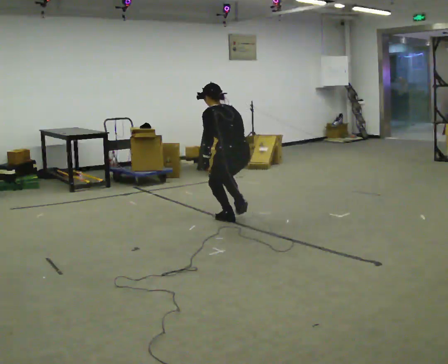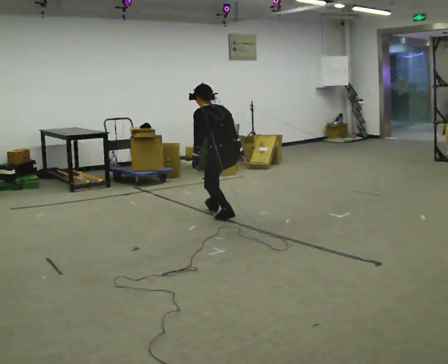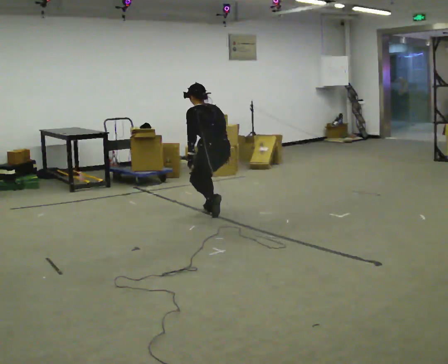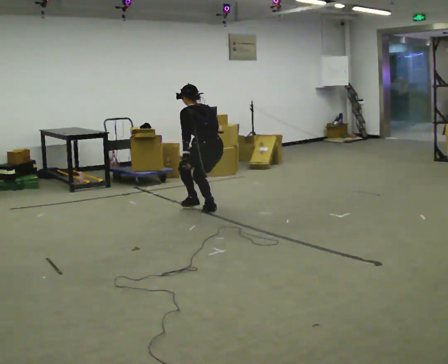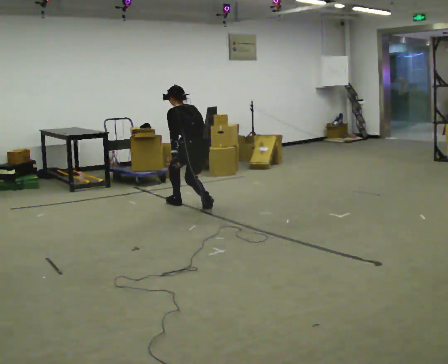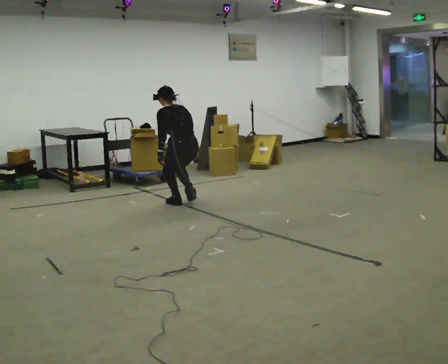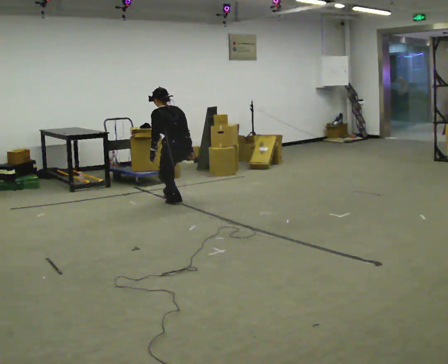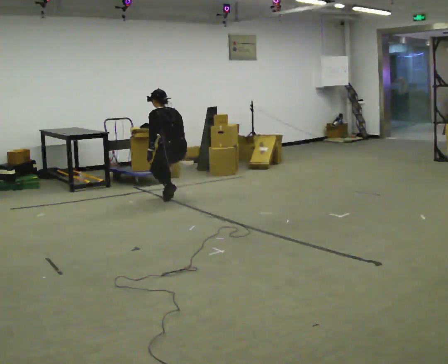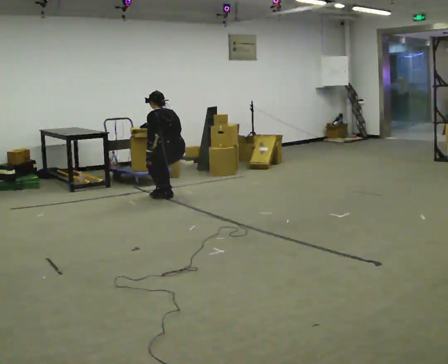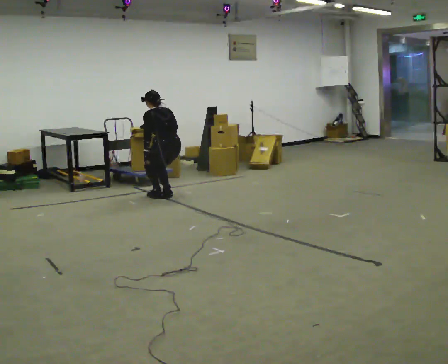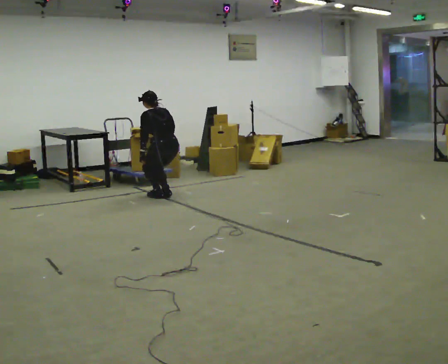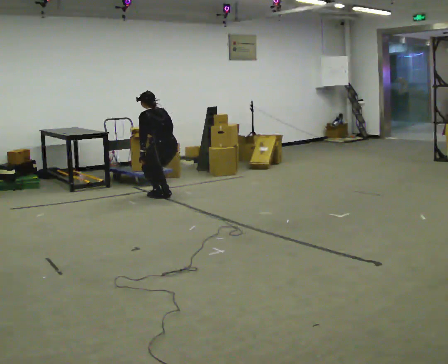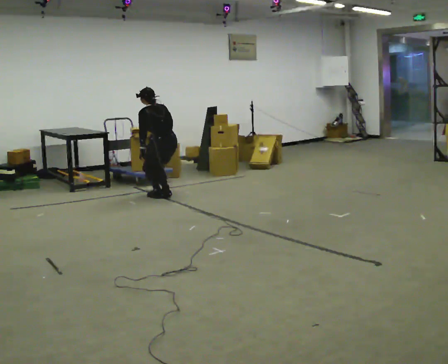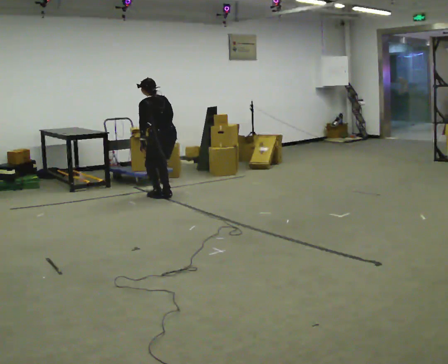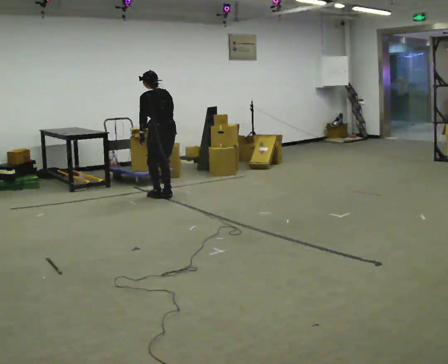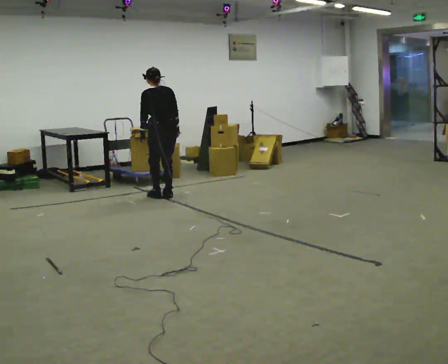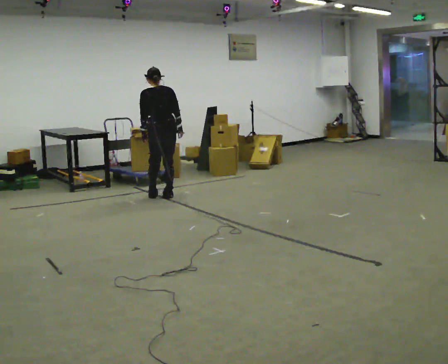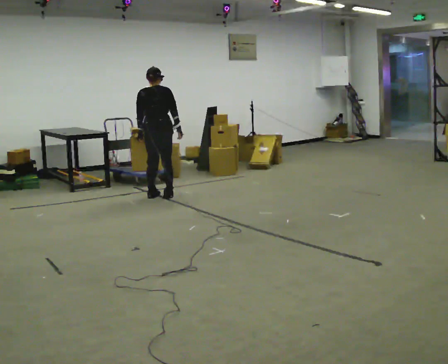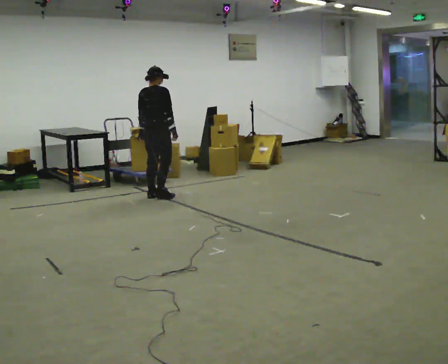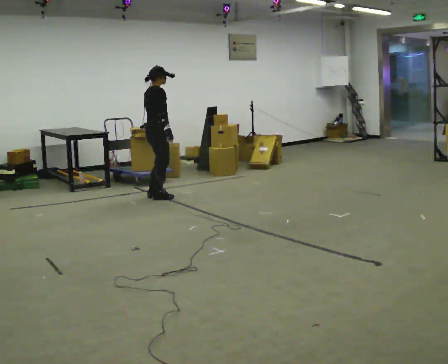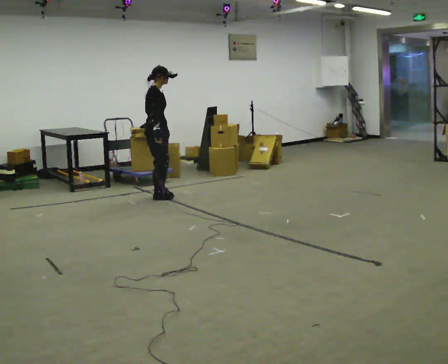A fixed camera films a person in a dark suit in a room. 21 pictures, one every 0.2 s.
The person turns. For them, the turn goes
to their right.
The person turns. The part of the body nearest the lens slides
to the left.
0.0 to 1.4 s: In the picture they go away from the camera and to the left, about 1 m in 3 steps, which for them is forward.
1.4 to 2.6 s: In the picture they go away from the camera, about 0.25 m in 1 step, which for them is forward.
2.6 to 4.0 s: The person turns about 135 degrees to their right, clockwise seen from above, so the part of the body nearest the lens slides to the left. In the picture the upper body tilts clockwise, shoulders to the right, as they lean back or straighten.
The film runs forward here.
